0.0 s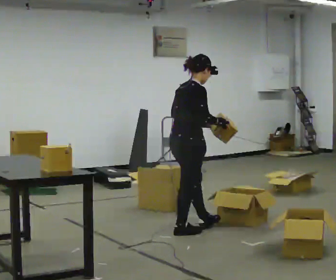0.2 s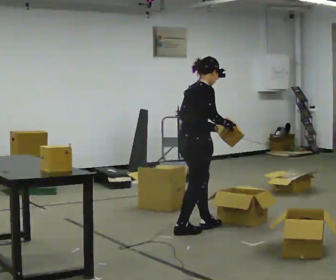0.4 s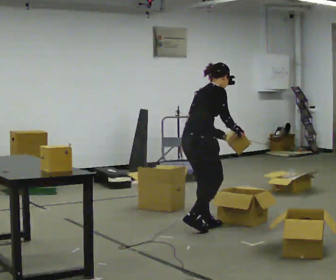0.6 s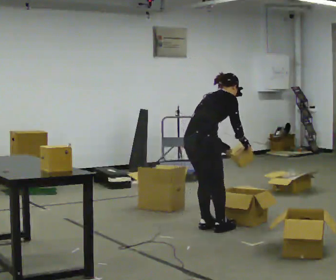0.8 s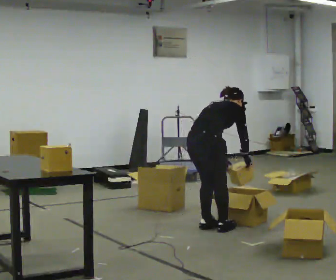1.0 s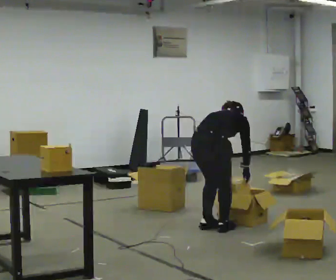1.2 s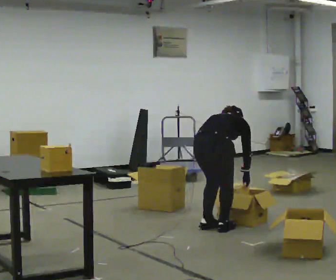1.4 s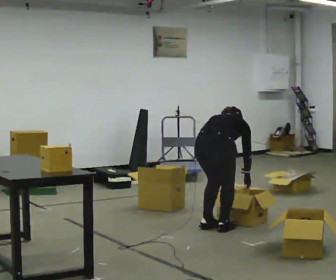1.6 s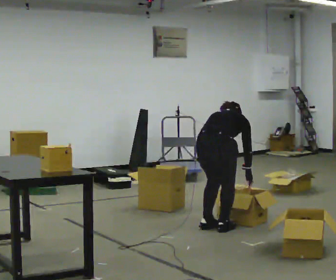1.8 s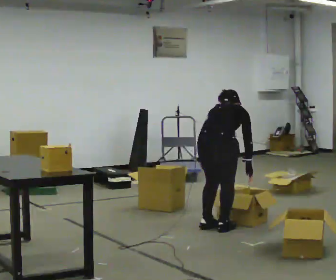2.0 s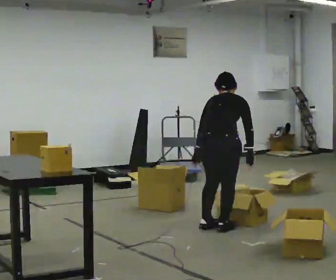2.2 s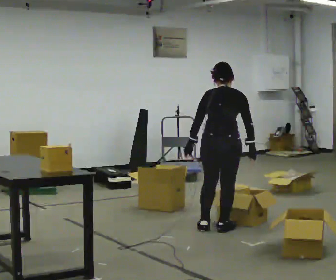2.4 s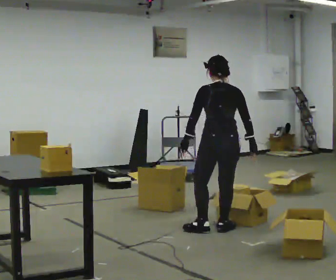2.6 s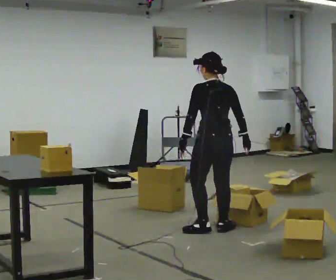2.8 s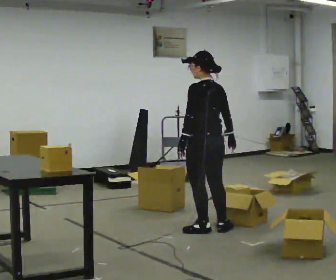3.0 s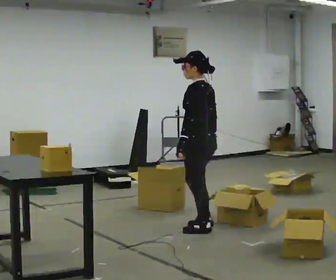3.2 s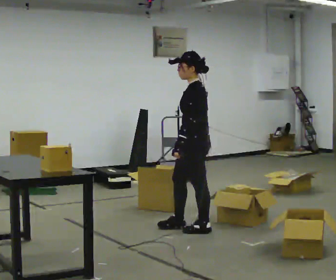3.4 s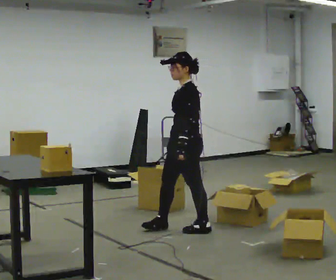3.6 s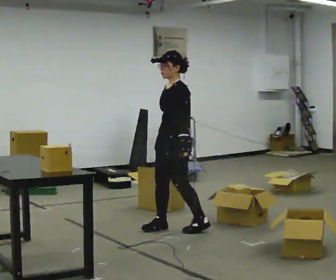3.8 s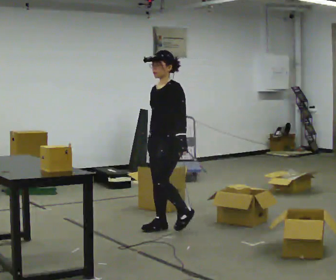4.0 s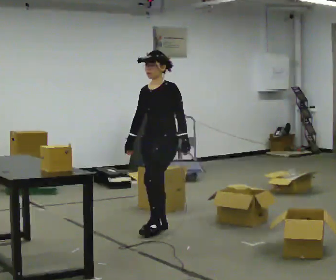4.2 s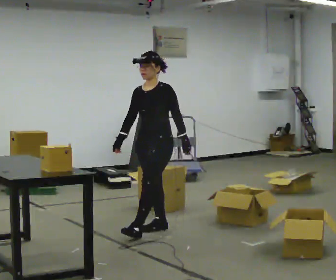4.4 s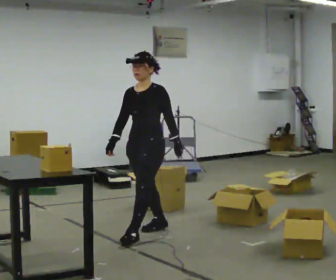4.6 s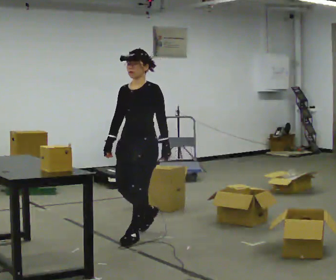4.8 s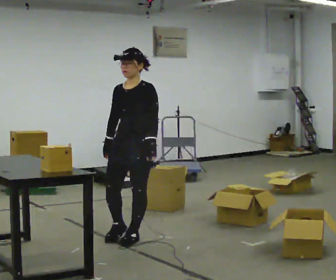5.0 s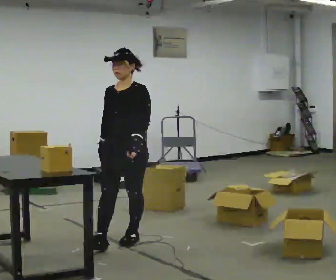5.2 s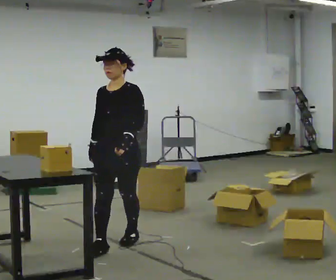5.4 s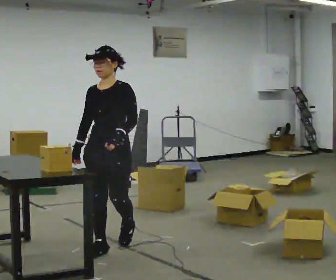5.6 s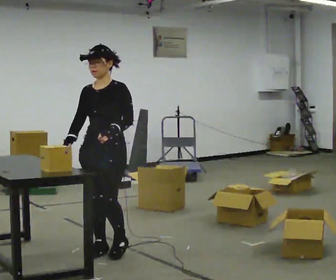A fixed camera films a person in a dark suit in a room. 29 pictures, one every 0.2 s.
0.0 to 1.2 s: Seen from above the body turns counterclockwise, about 30 degrees: to their left, with its near side sliding to the right. In the picture they go to the right, about 0.25 m in 2 steps, which for them is forward and to their right. The upper body goes downward. The upper body tips away from the camera, its near side rolling upward, as they bend forward. In the picture their left hand goes downward.
1.2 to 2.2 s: The shoulders move upward. The upper body tips toward the camera, its near side rolling downward, as they lean back or straighten. In the picture their left hand goes upward and to the left.
2.2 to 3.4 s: The part of the body nearest the lens slides to the right as the person turns to their left by about 120 degrees. In the picture they go to the left, about 0.25 m in 1 step. The upper body tips toward the camera, its near side rolling downward, as they lean back or straighten.
3.4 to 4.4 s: Seen from above the body turns counterclockwise, about 45 degrees: to their left, with its near side sliding to the right. In the picture they go to the left, about 0.25 m in 1 step, which for them is forward.
4.4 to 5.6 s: In the picture they go toward the camera and to the left, about 0.75 m in 1 step, which for them is forward.
The film runs forward here.
